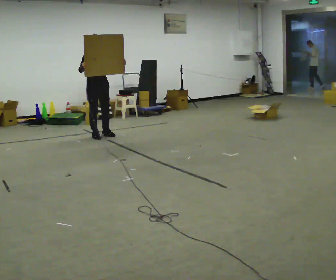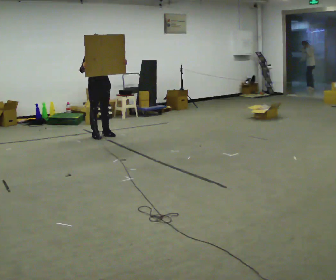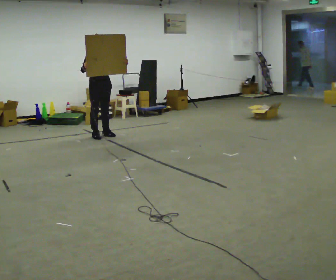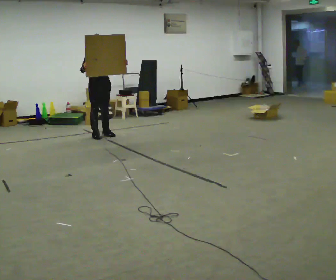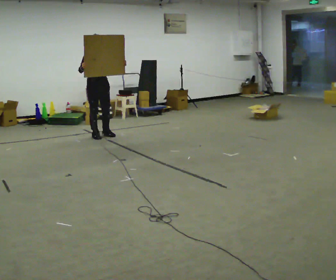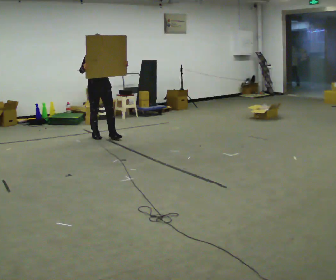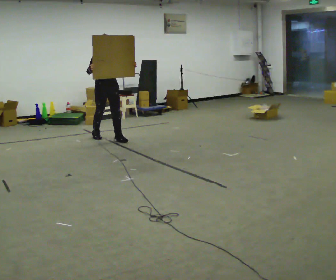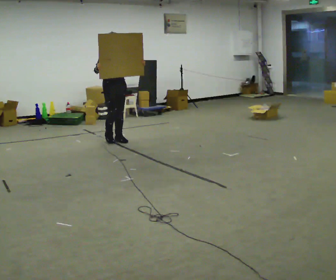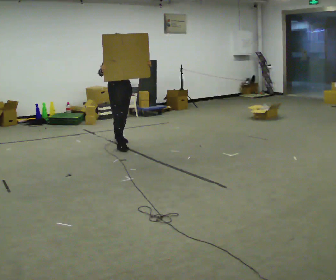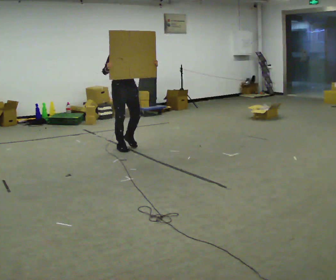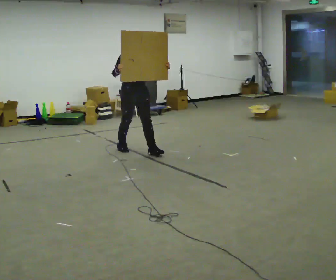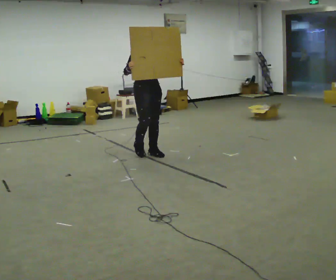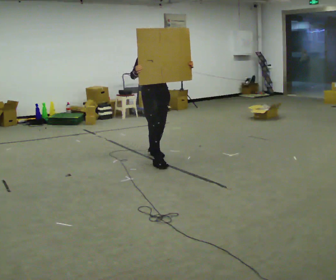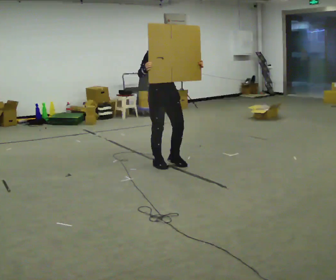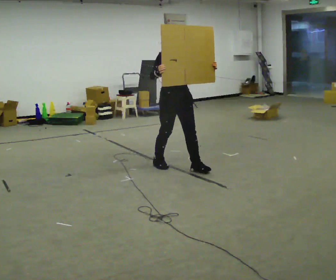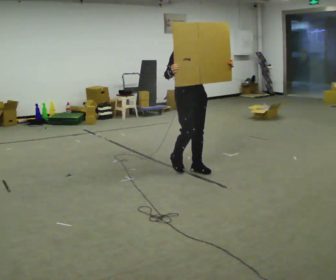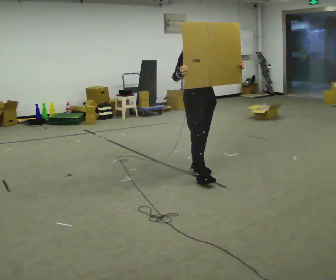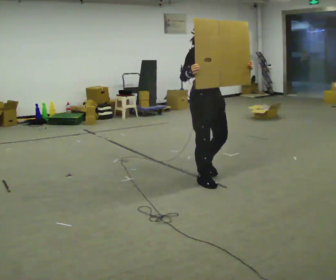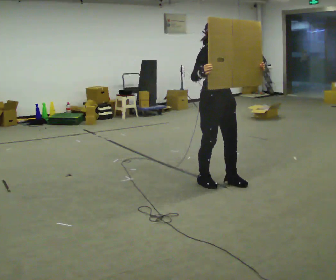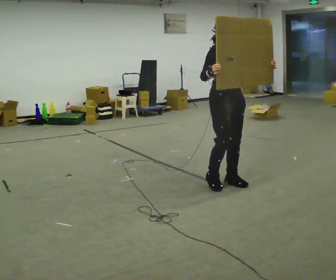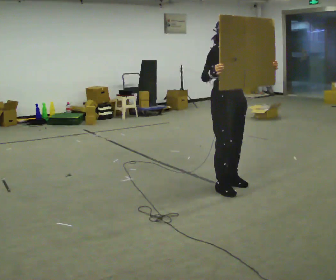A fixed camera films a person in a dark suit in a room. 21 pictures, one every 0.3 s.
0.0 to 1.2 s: The person moves a little, or ends about where they began.
1.2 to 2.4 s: In the picture they go toward the camera and to the right, about 0.75 m in 2 steps, which for them is forward.
2.4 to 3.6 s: In the picture they go toward the camera and to the right, about 1 m in 2 steps, which for them is forward.
3.6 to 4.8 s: In the picture they go toward the camera and to the right, about 1 m in 2 steps, which for them is forward.
4.8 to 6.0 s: In the picture they go toward the camera and to the right, about 0.5 m in 2 steps, which for them is forward.
The film runs forward here.
